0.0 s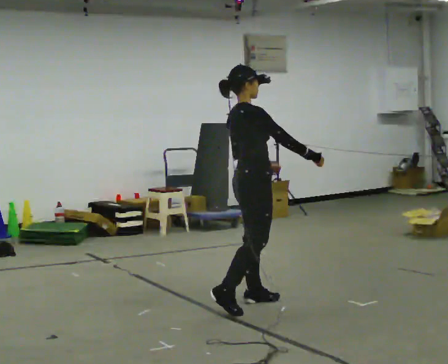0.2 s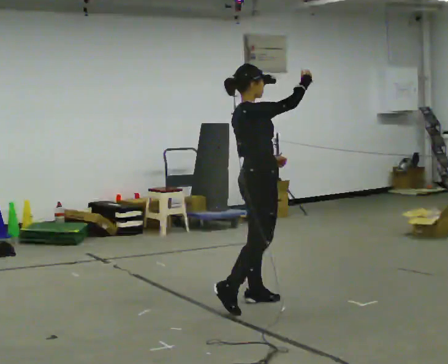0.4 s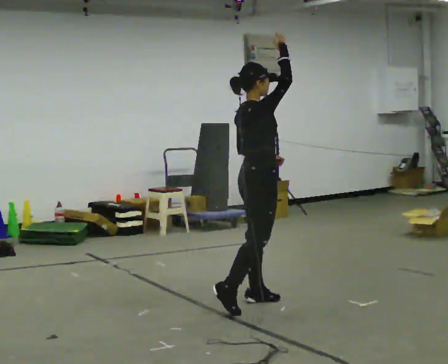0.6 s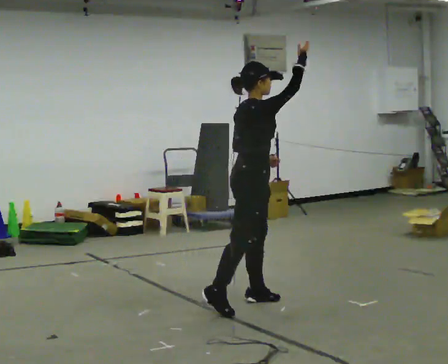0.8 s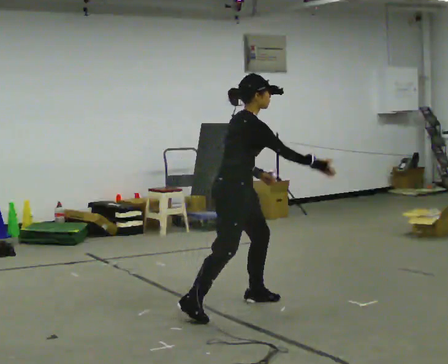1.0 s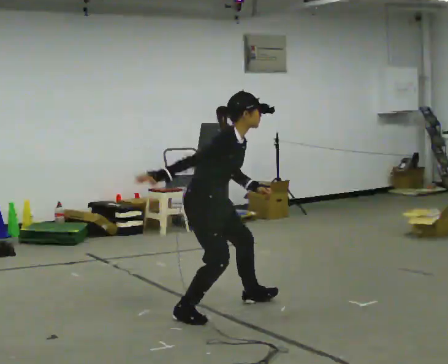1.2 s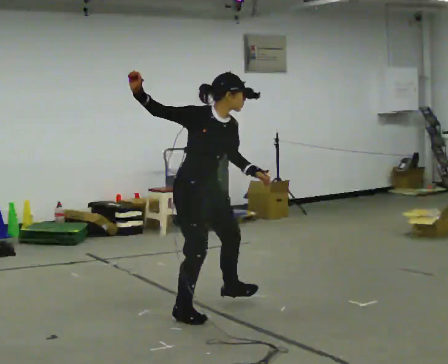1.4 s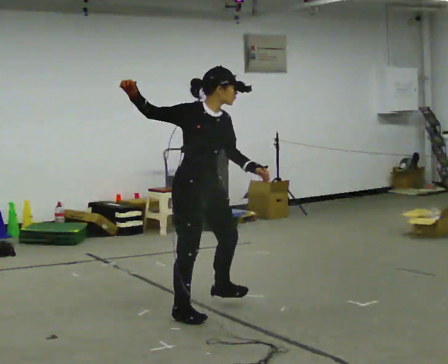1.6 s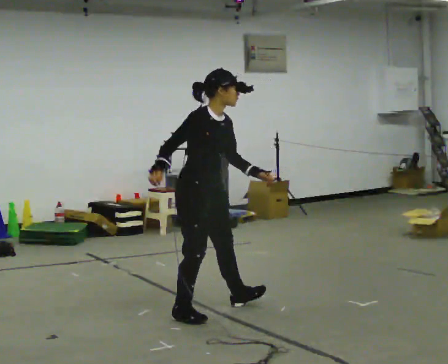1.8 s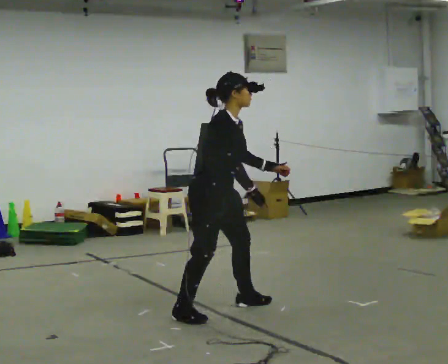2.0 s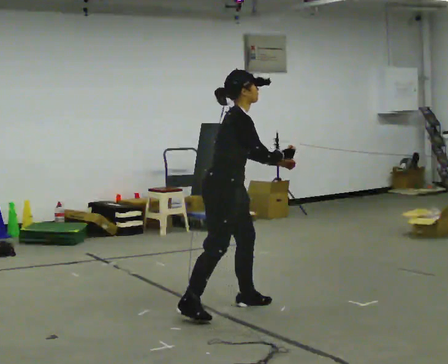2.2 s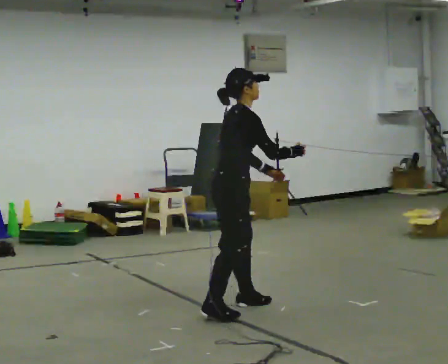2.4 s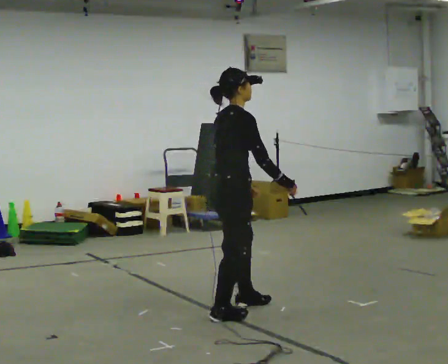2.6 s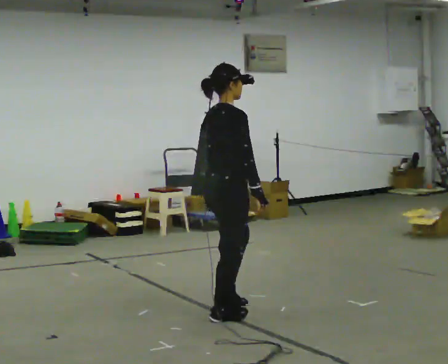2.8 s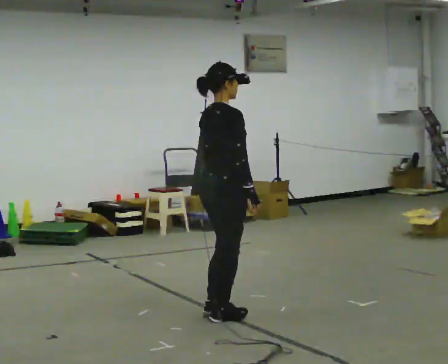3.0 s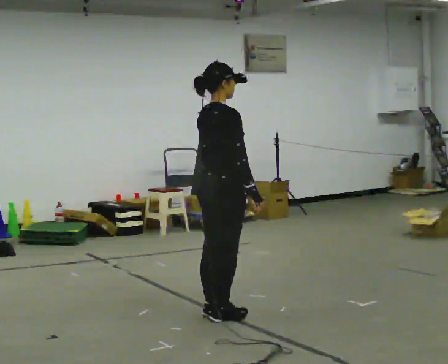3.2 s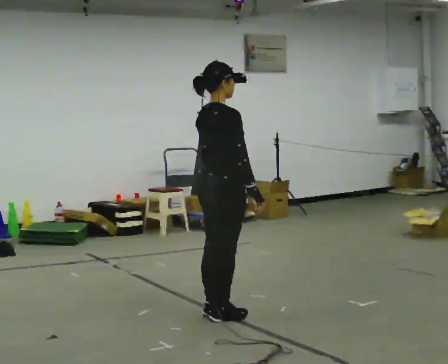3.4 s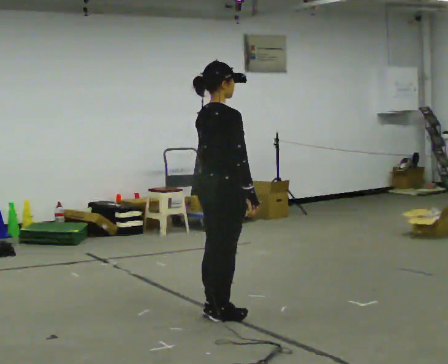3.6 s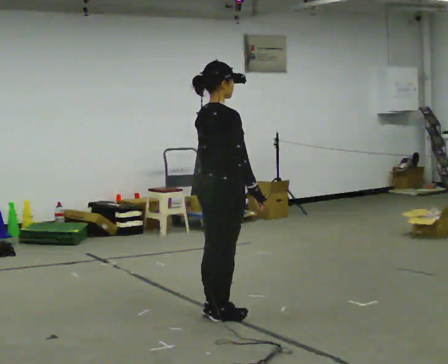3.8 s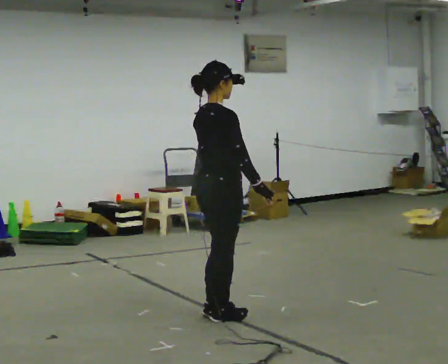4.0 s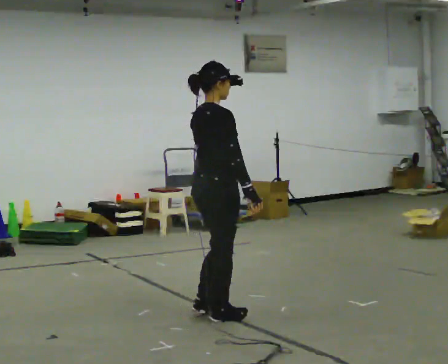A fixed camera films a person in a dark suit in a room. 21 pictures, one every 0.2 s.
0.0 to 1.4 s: Seen from above the body turns clockwise, about 45 degrees: to their right, with its near side sliding to the left. In the picture they go to the left and toward the camera, about 0.5 m in 1 step, which for them is backward and to their right. In the picture their right hand goes upward.
1.4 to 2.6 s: The person turns about 60 degrees to their left, counterclockwise seen from above, so the part of the body nearest the lens slides to the right. In the picture they go to the right, about 0.25 m in 2 steps. In the picture their right hand goes to the right and downward, the arm swinging counterclockwise.
2.6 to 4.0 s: The person moves a little, or ends about where they began.
The film runs backward here.
